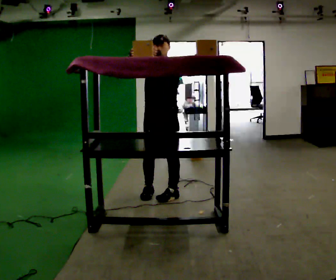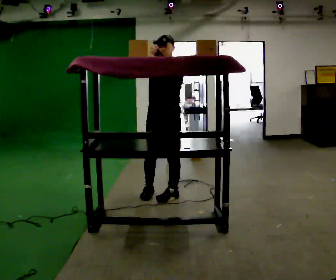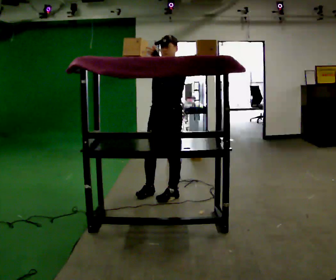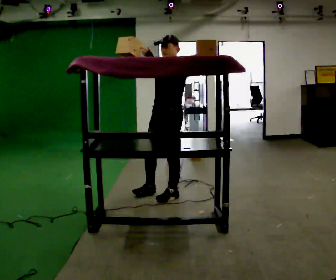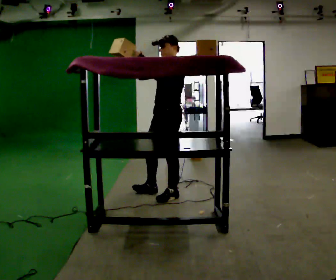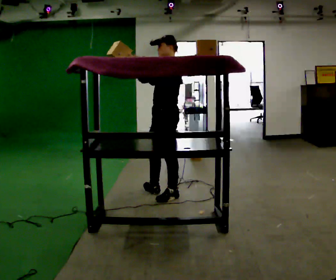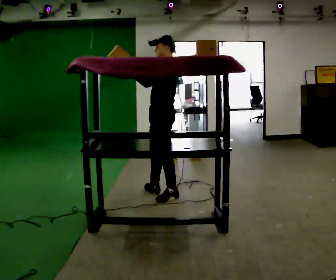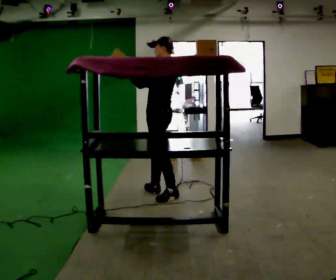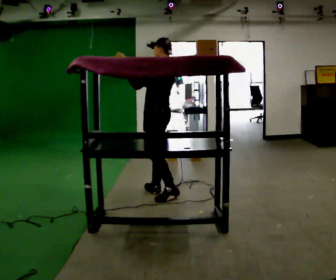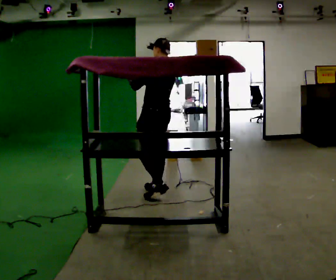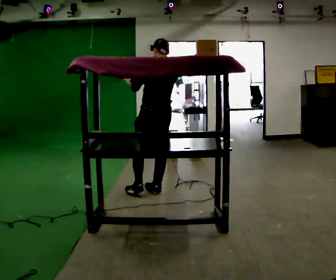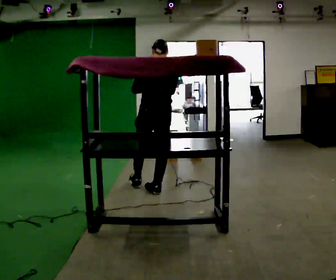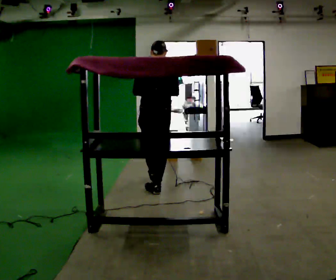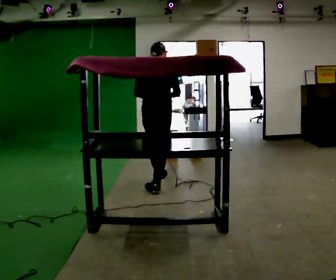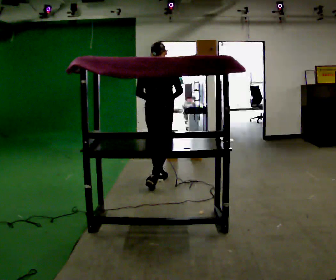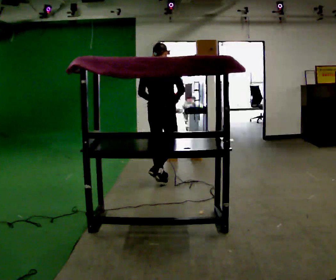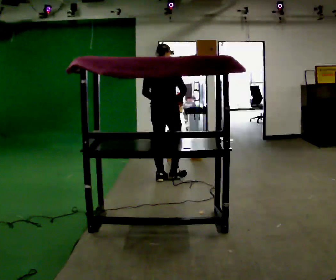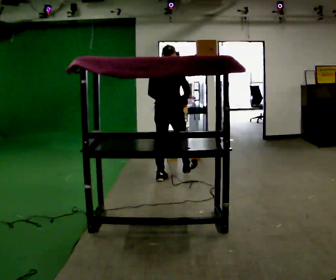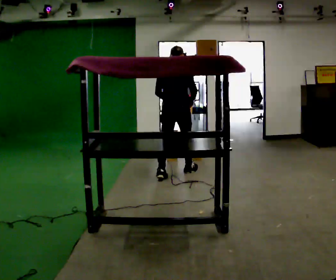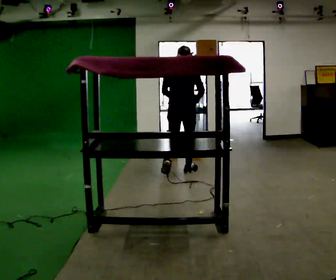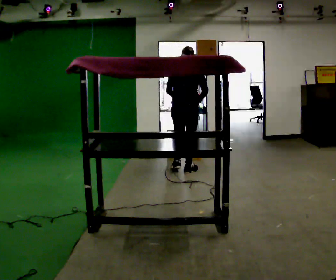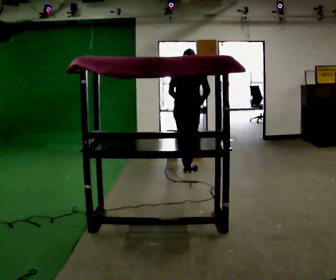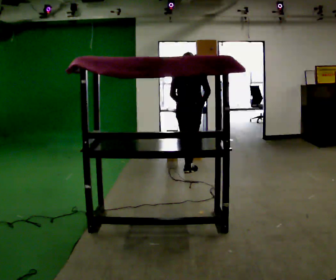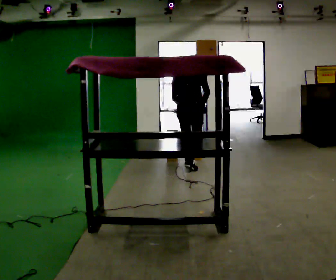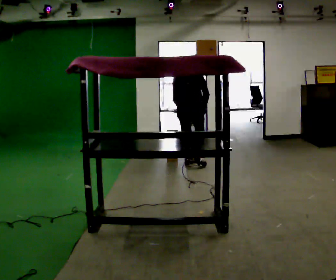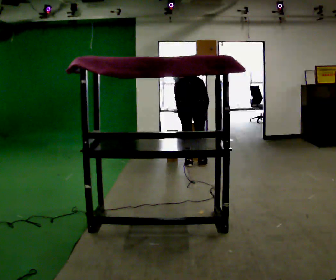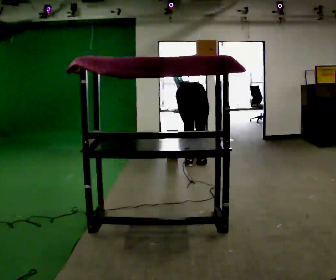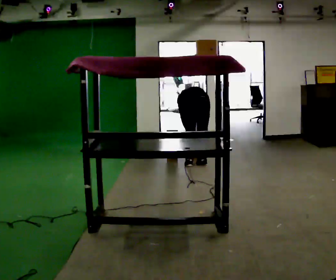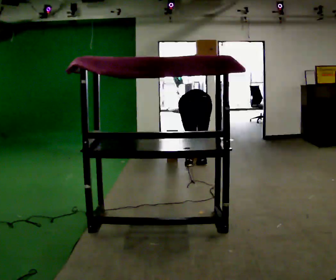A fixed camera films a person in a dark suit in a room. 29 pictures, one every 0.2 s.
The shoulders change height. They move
downward.
The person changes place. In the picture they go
away from the camera.
0.0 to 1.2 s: The person turns about 60 degrees to their right, clockwise seen from above, so the part of the body nearest the lens slides to the left.
1.2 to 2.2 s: The person turns about 90 degrees to their right, clockwise seen from above, so the part of the body nearest the lens slides to the left. In the picture they go away from the camera, about 0.25 m. In the picture their right hand goes to the right.
2.2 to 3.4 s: Seen from above the body turns clockwise, about 30 degrees: to their right, with its near side sliding to the left. In the picture they go away from the camera, about 0.5 m in 1 step, which for them is forward.
3.4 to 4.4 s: In the picture they go away from the camera and to the right, about 0.5 m in 2 steps, which for them is forward.
4.4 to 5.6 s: The person turns about 30 degrees to their left, counterclockwise seen from above, so the part of the body nearest the lens slides to the right. In the picture they go to the right, about 0.25 m in 1 step, which for them is forward and to their right. The shoulders move downward. The upper body tips away from the camera, its near side rolling upward, as they bend forward. In the picture their left hand goes downward.
The film runs forward here.
